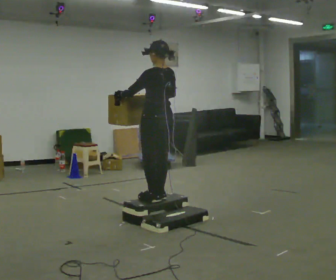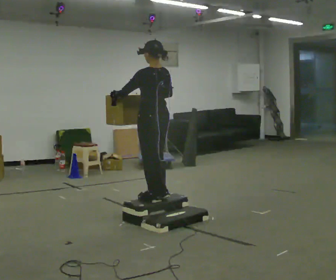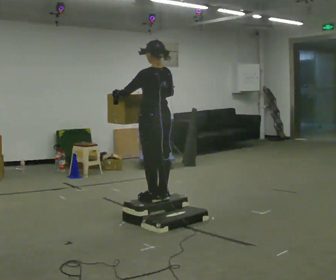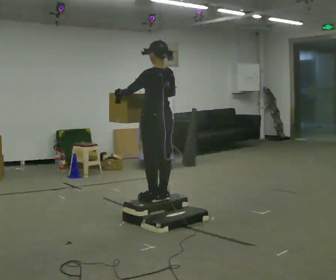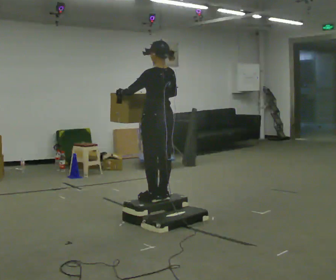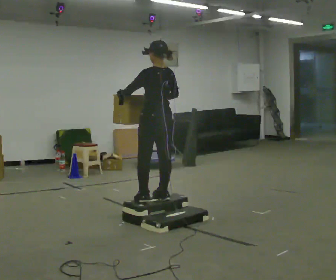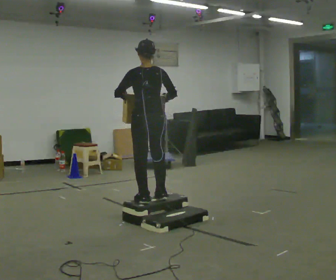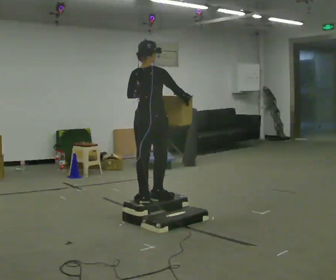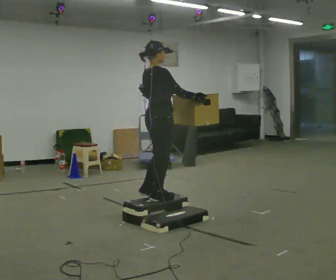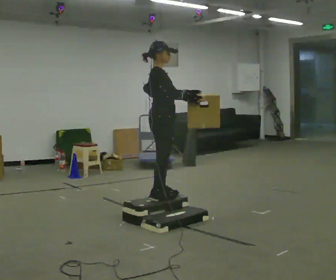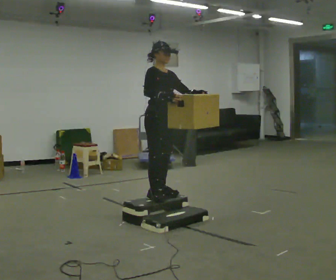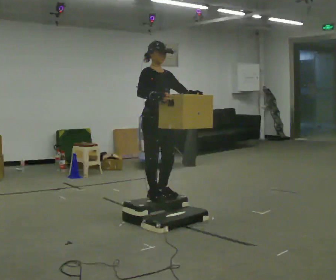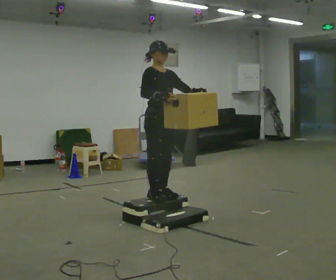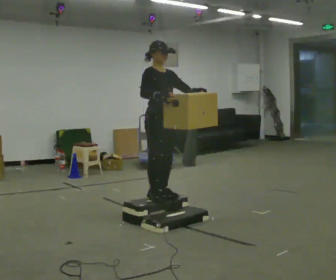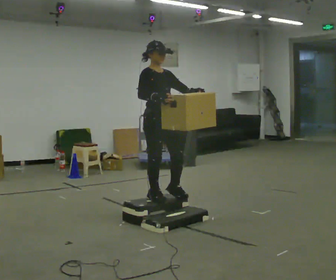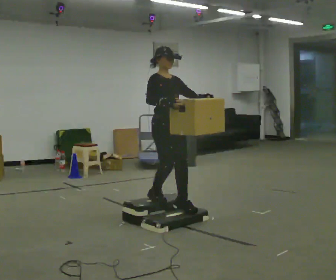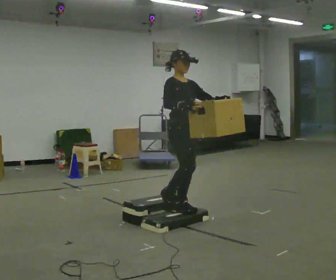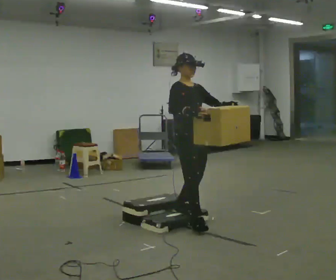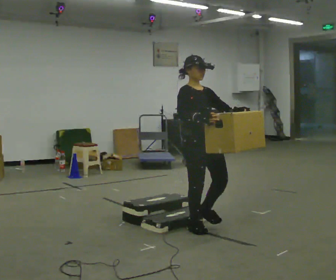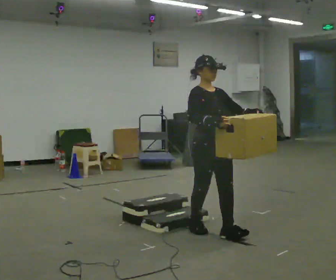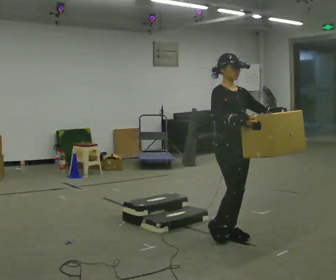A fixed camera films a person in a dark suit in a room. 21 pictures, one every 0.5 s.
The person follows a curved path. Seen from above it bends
clockwise.
The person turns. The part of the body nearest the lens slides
to the left.
0.0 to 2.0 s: The person moves a little, or ends about where they began.
2.0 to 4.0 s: Seen from above the body turns clockwise, about 105 degrees: to their right, with its near side sliding to the left. In the picture their left hand goes to the right.
4.0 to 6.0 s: Seen from above the body turns clockwise, about 75 degrees: to their right, with its near side sliding to the left.
6.0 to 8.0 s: In the picture they go to the right and toward the camera, about 0.25 m in 1 step, which for them is forward.
8.0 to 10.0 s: In the picture they go toward the camera and to the right, about 0.75 m in 2 steps, which for them is forward.
The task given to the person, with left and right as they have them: Carry the box up the three steps, turn at the top, and carry it back down. Use the handrail only if you need it. Keep going until the operator says stop; one object at a time, and do not rush between trips.
The film runs forward here.
